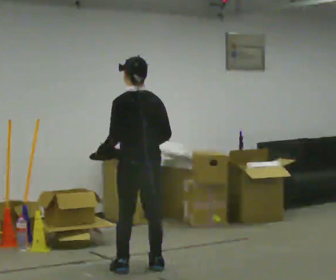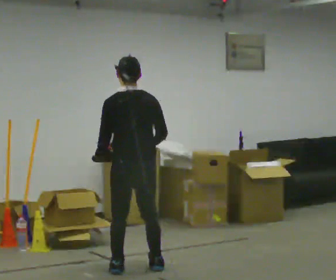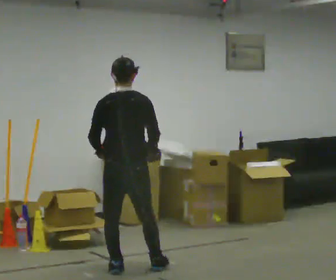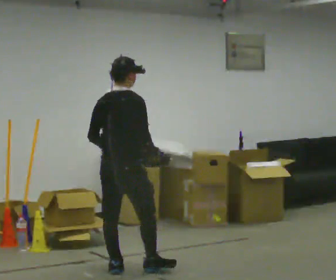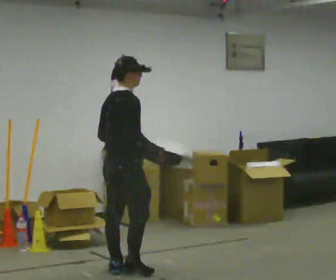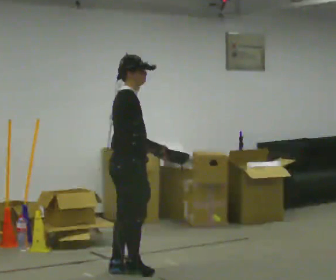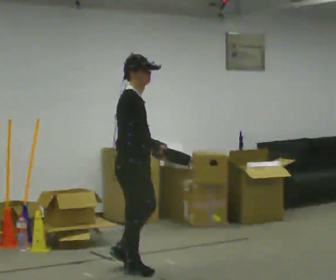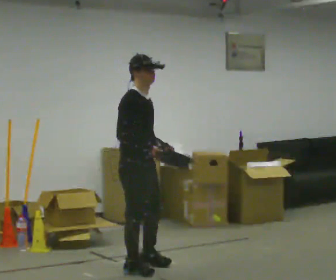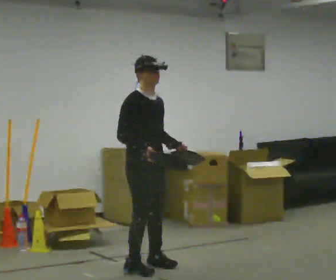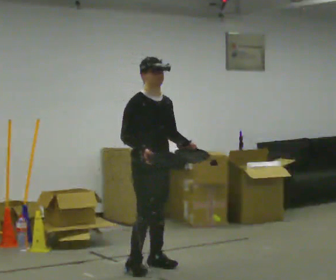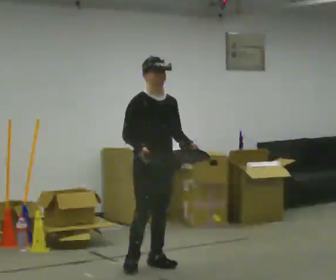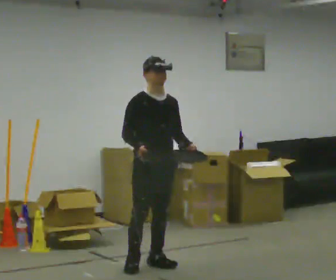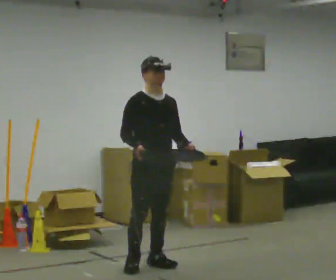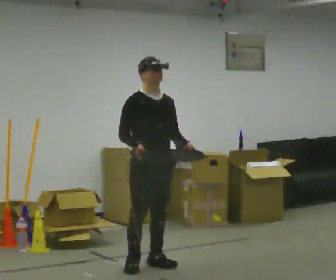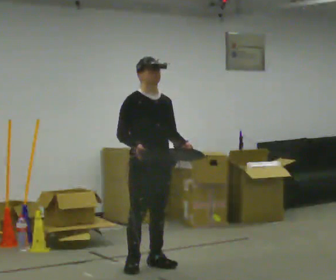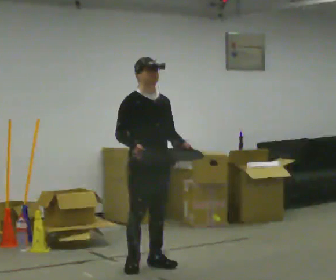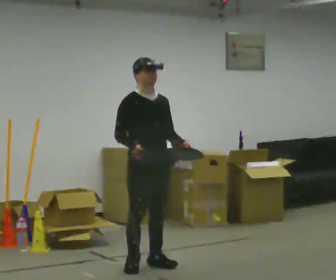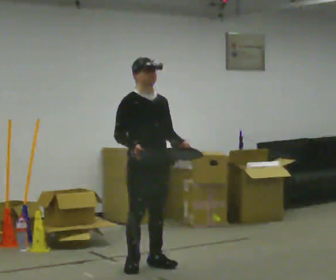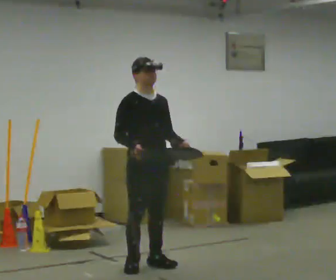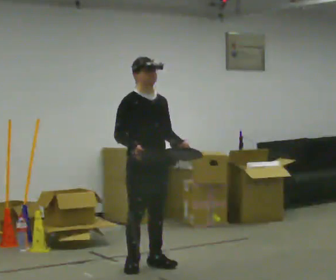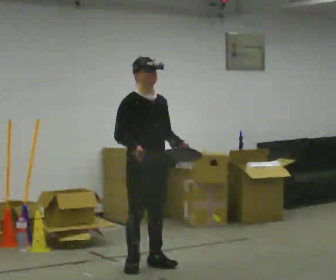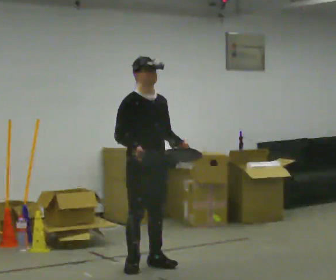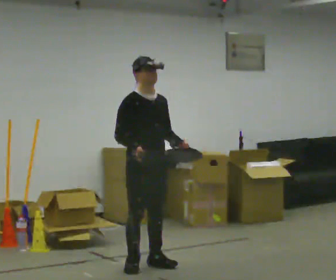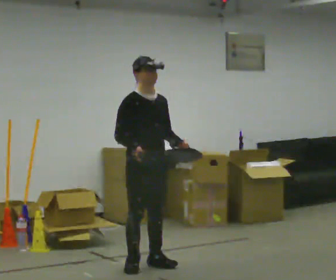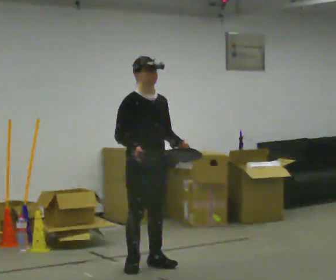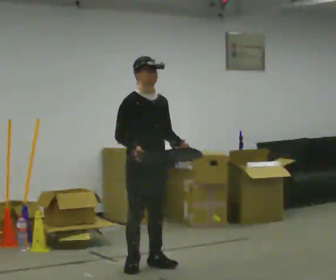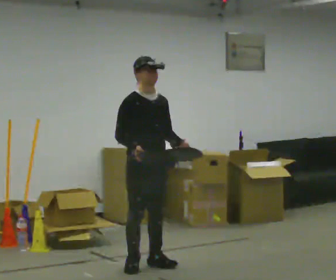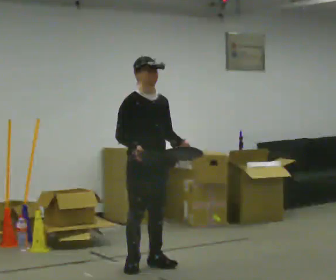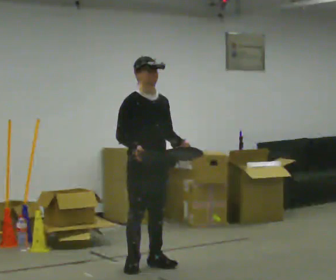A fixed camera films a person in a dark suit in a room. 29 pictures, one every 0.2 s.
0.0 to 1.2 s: The person turns about 120 degrees to their right, clockwise seen from above, so the part of the body nearest the lens slides to the left. In the picture their left hand goes to the right, the arm swinging counterclockwise.
1.2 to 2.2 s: The person turns about 60 degrees to their right, clockwise seen from above, so the part of the body nearest the lens slides to the left. In the picture they go away from the camera and to the right, about 0.25 m in 1 step, which for them is to their left.
2.2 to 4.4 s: The person moves a little, or ends about where they began.
4.4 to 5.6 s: The person keeps their place and pose.
The film runs forward here.
